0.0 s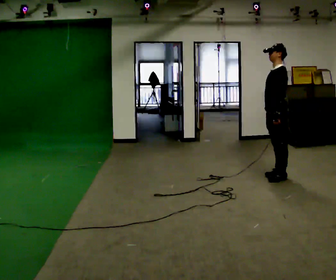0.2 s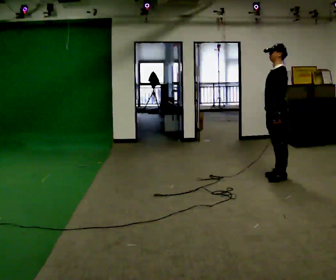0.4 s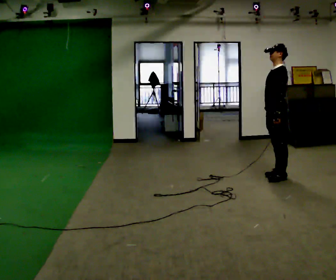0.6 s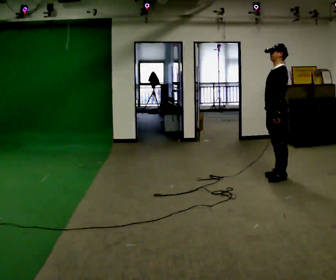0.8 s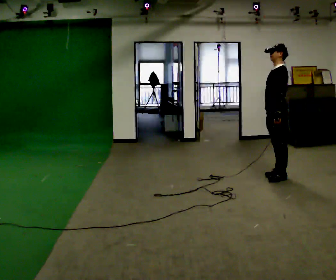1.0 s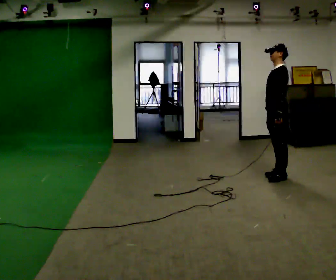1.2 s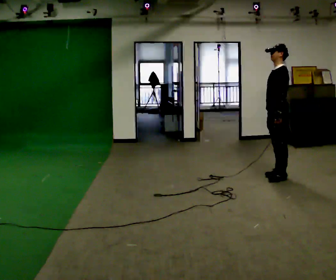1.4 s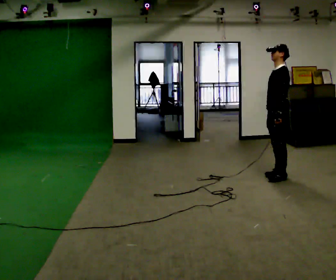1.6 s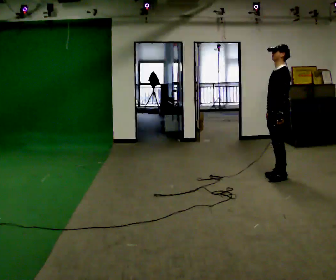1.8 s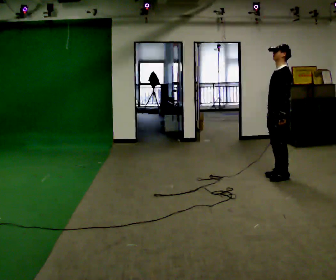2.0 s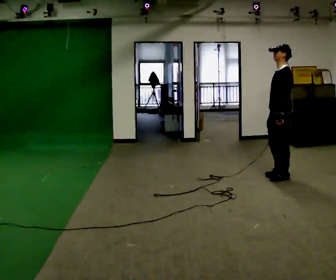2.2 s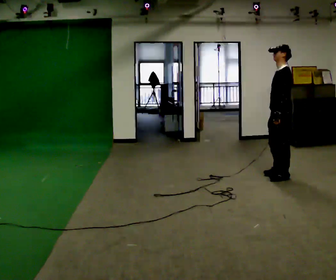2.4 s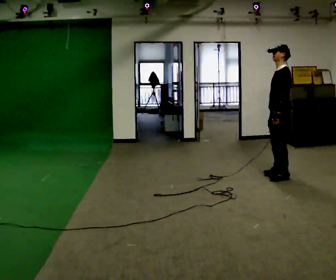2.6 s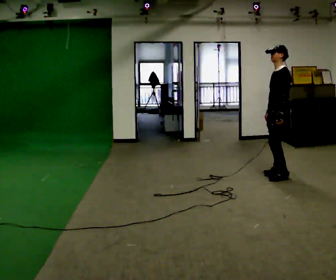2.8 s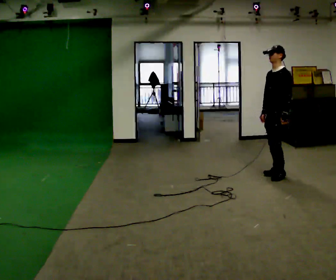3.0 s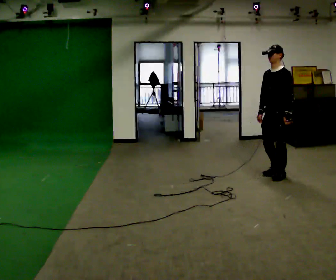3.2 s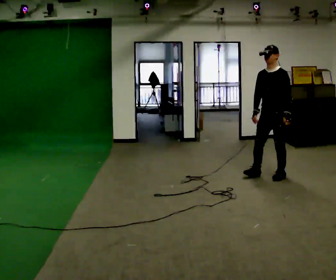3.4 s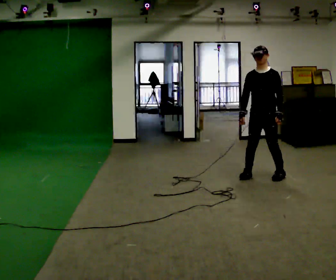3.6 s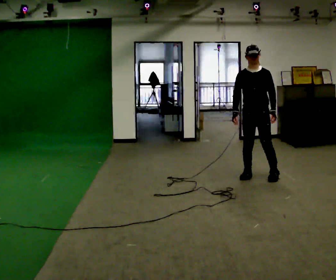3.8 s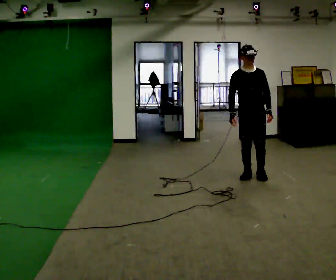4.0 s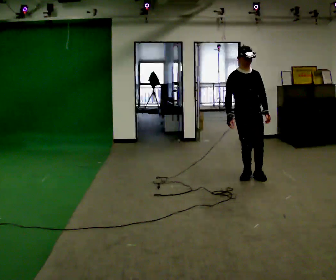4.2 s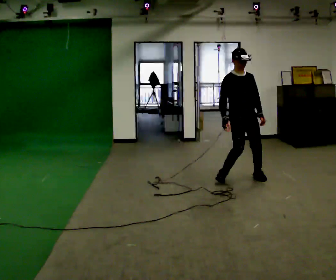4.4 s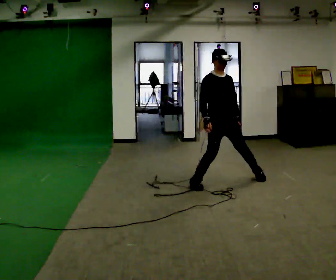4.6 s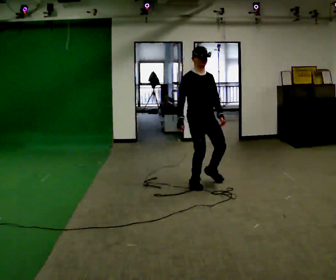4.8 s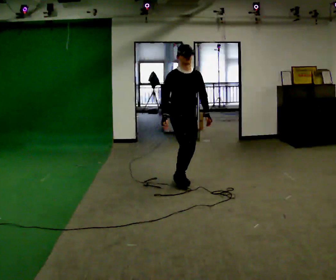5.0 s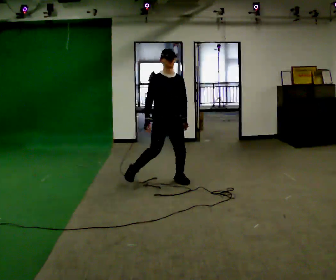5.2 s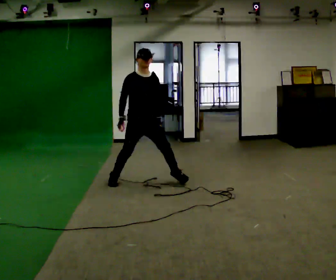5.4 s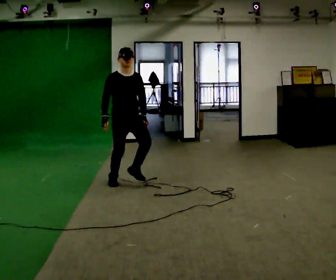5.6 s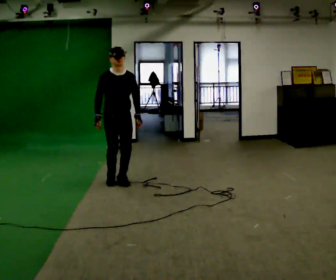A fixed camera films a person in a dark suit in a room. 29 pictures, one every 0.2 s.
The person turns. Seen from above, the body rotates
counterclockwise.
The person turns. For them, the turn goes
to their left.
0.0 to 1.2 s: The person keeps their place and pose.
1.2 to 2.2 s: The person moves a little, or ends about where they began.
2.2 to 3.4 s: The person turns about 60 degrees to their left, counterclockwise seen from above, so the part of the body nearest the lens slides to the right. In the picture they go to the left, about 0.25 m in 1 step, which for them is to their right and forward.
3.4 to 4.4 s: The person turns about 60 degrees to their left, counterclockwise seen from above, so the part of the body nearest the lens slides to the right. In the picture they go to the left and toward the camera, about 0.5 m in 3 steps, which for them is to their right.
4.4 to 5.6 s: In the picture they go to the left, about 1.5 m in 3 steps, which for them is to their right and backward.
The film runs backward here.
